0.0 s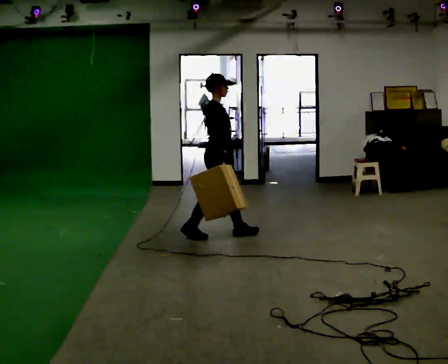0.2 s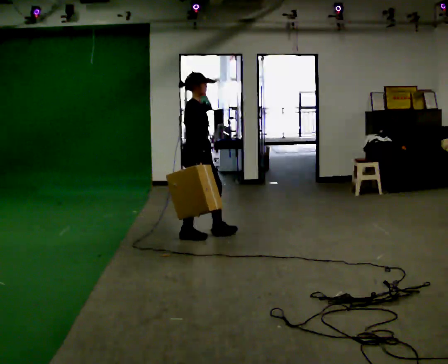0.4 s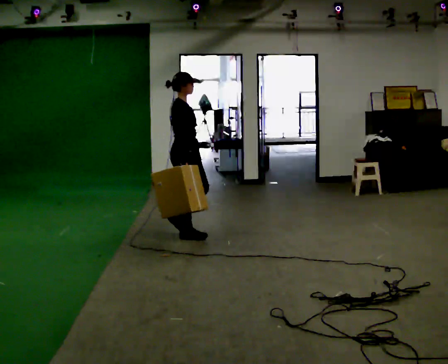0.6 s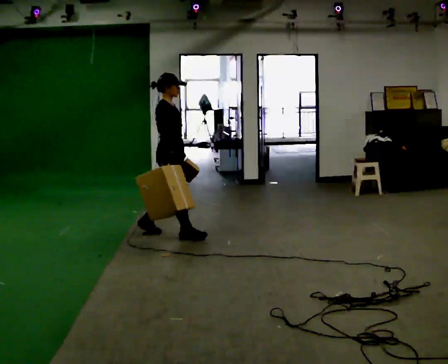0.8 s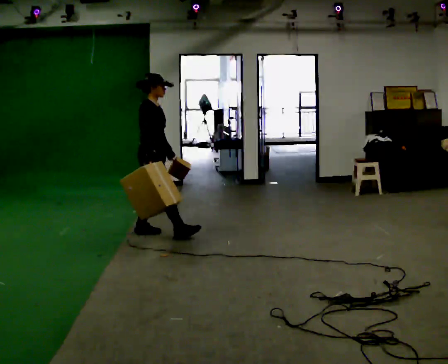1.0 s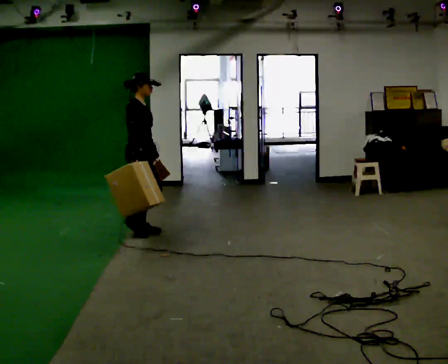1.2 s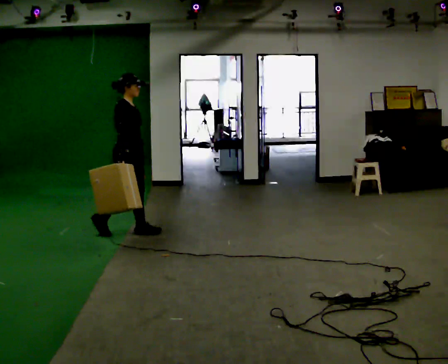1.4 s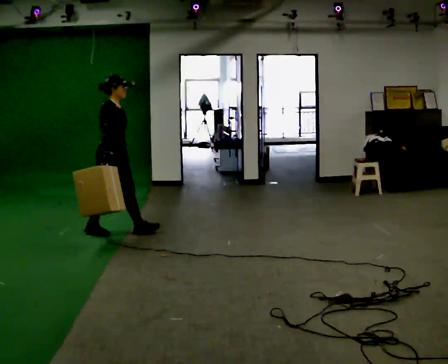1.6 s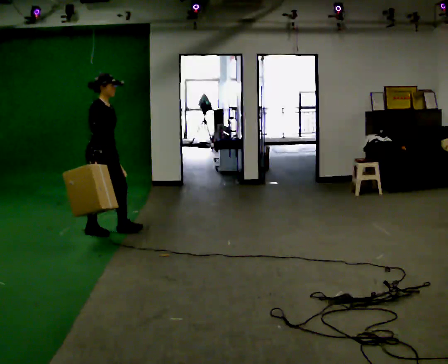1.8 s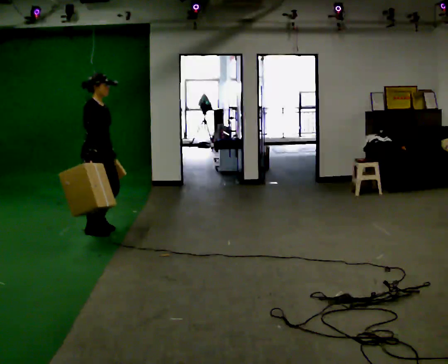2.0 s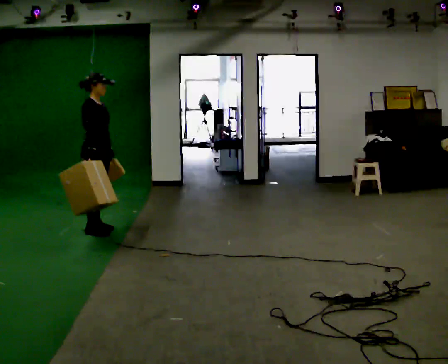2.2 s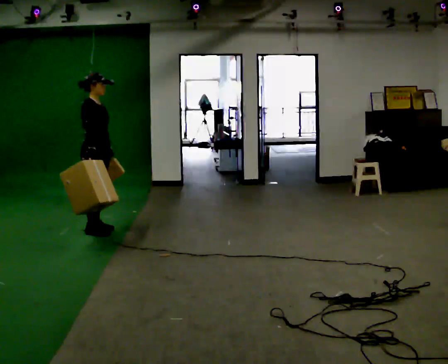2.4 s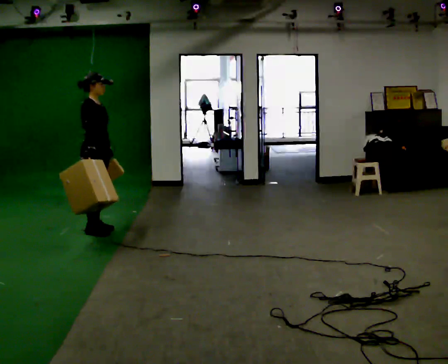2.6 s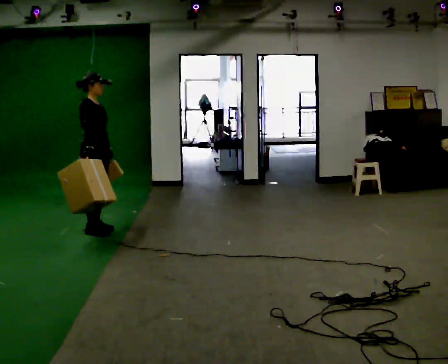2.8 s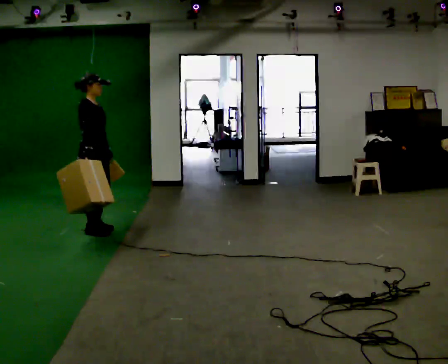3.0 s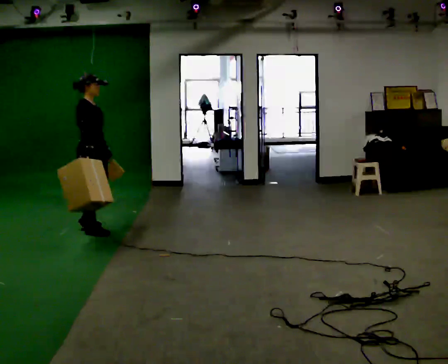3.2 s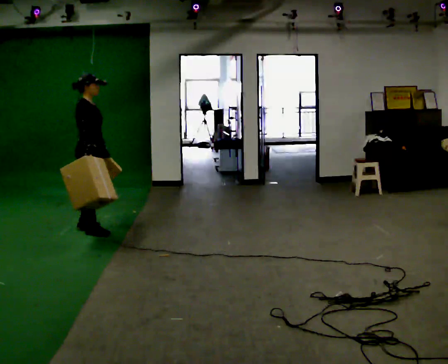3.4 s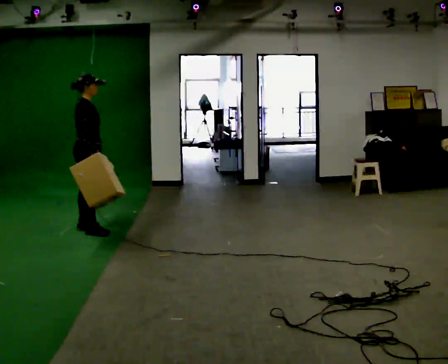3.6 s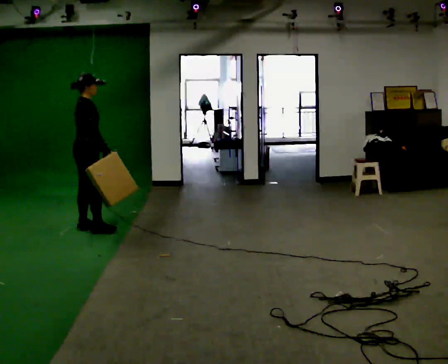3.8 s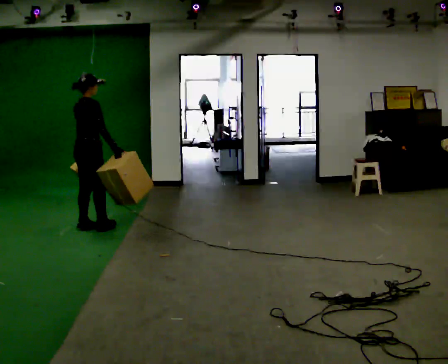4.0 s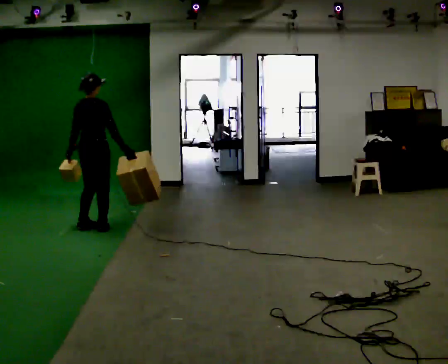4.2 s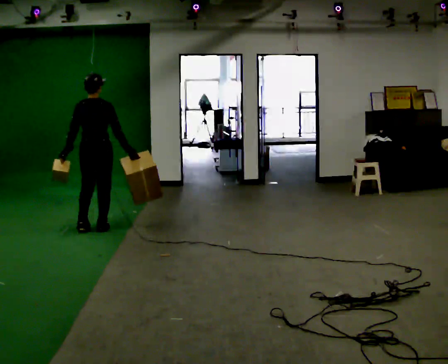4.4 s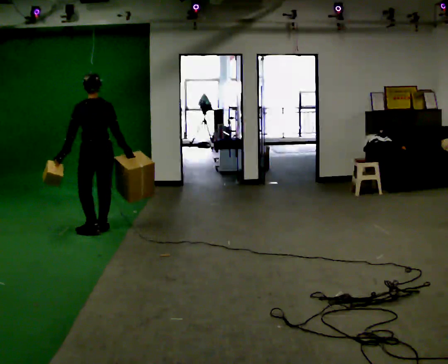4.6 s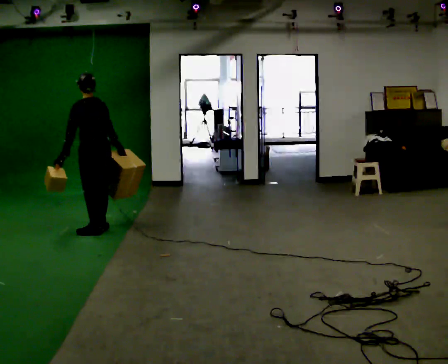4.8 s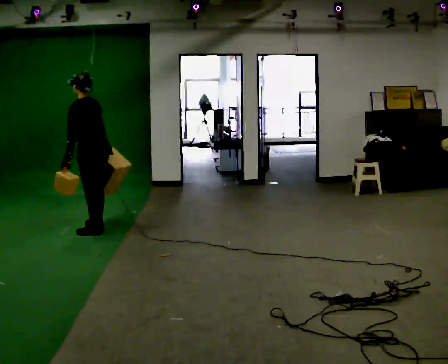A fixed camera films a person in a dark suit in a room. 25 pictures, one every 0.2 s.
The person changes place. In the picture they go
to the left.
The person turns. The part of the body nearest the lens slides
to the right.
0.0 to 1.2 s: In the picture they go to the left, about 1 m in 2 steps, which for them is backward.
1.2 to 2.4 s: In the picture they go to the left, about 0.25 m in 1 step, which for them is backward.
2.4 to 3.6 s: The person moves a little, or ends about where they began.
3.6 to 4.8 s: The person turns about 135 degrees to their left, counterclockwise seen from above, so the part of the body nearest the lens slides to the right.
The film runs backward here.
